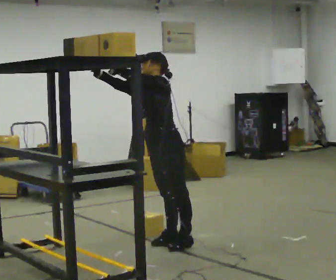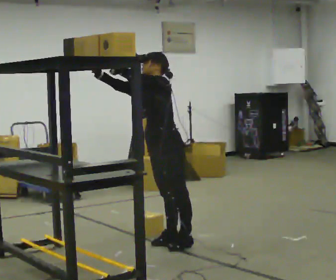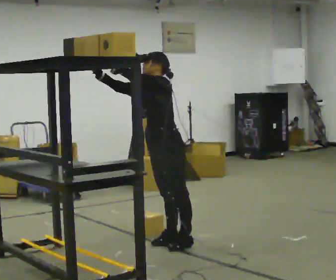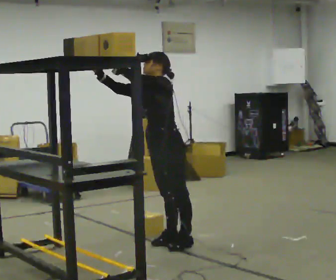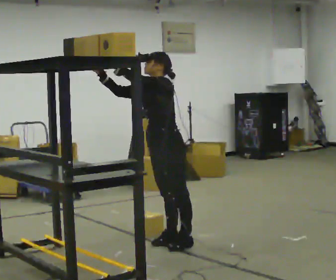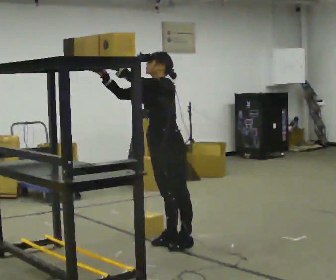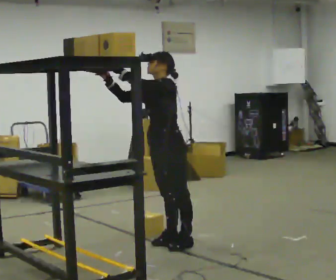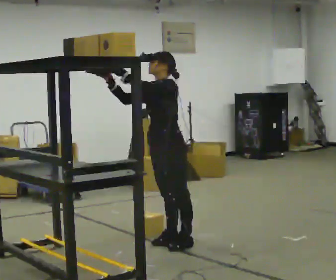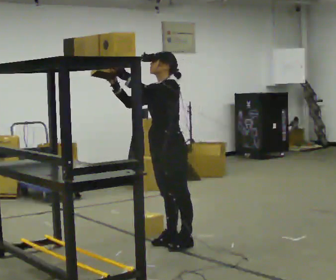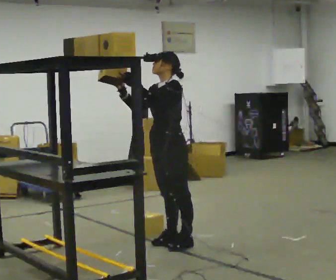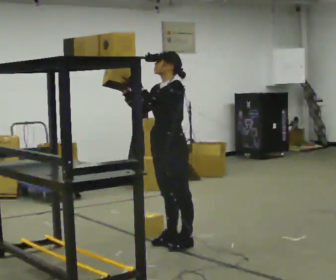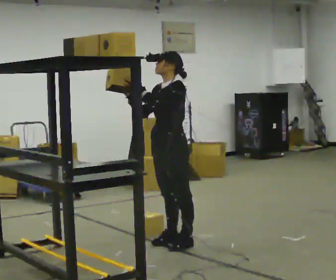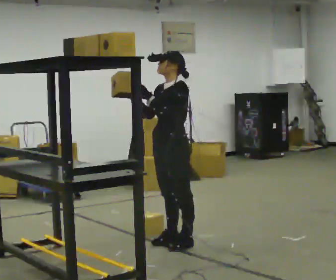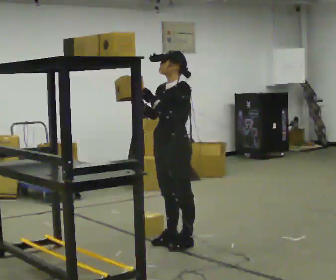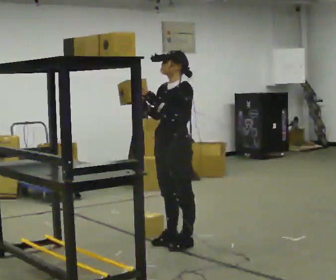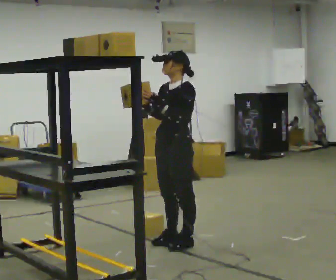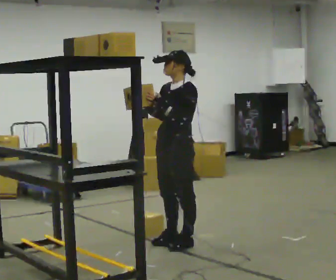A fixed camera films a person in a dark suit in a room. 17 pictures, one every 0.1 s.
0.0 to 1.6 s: In the picture the upper body tilts clockwise, shoulders to the right. In the picture their left hand goes to the right and downward.
The film runs backward here.
